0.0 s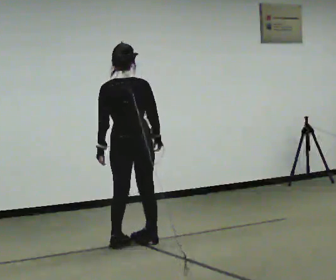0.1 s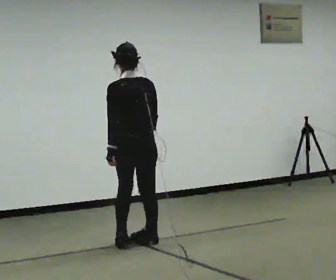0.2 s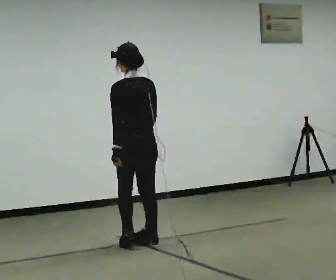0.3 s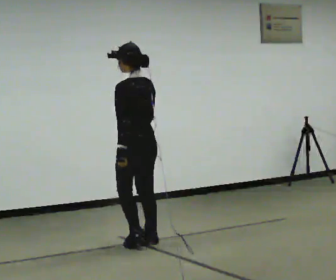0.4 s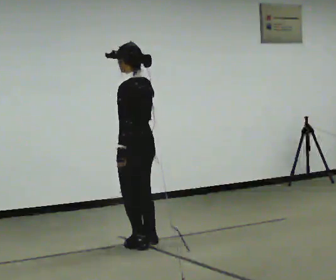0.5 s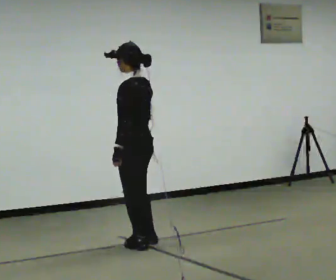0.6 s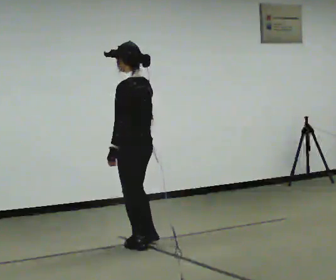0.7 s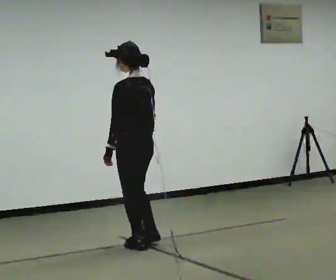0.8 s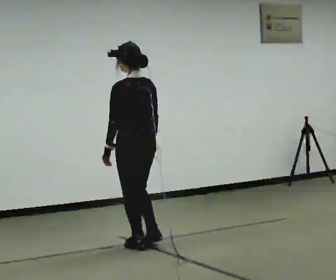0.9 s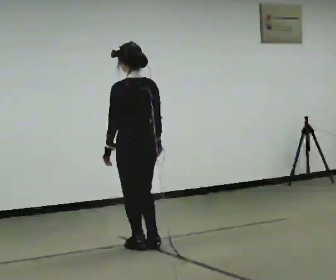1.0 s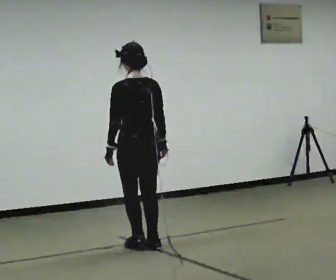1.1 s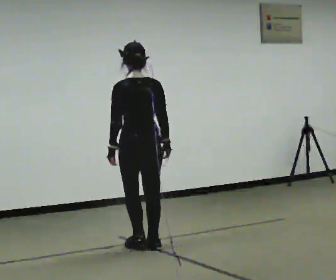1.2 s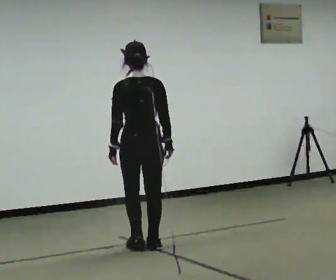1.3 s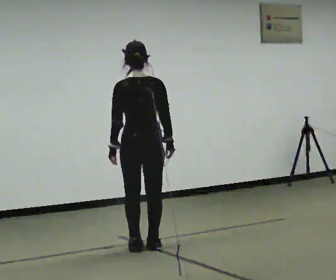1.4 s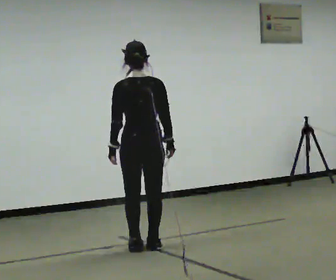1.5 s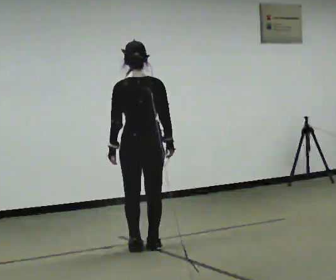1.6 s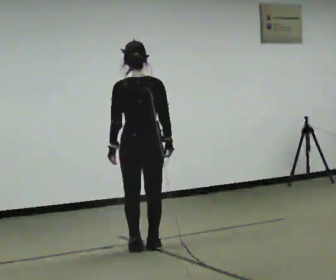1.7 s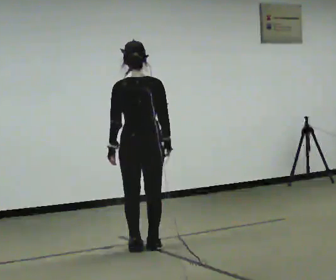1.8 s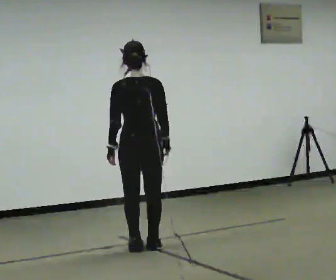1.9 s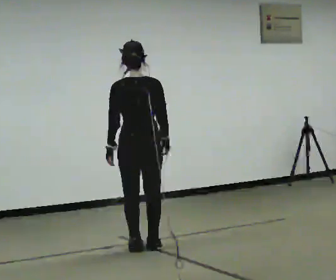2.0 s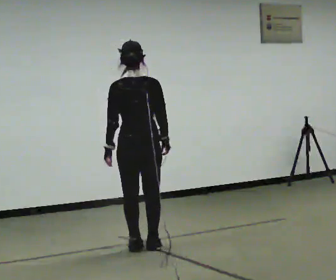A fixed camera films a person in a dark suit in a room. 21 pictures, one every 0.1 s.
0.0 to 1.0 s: Seen from above the body turns counterclockwise, about 30 degrees: to their left, with its near side sliding to the right.
1.0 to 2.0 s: The person moves a little, or ends about where they began.
The film runs backward here.
